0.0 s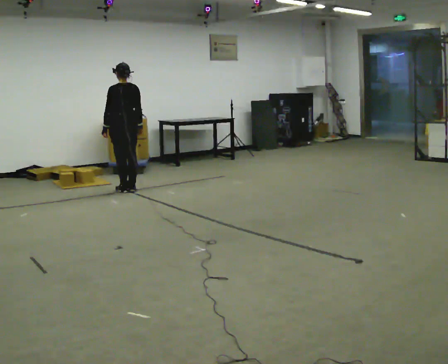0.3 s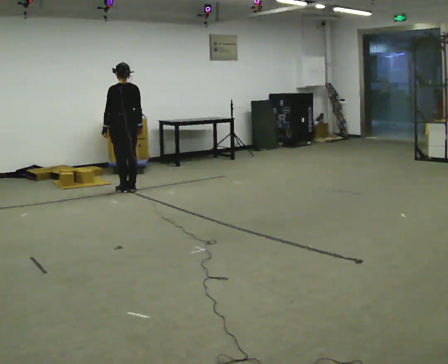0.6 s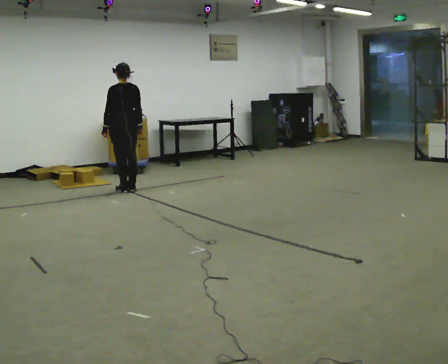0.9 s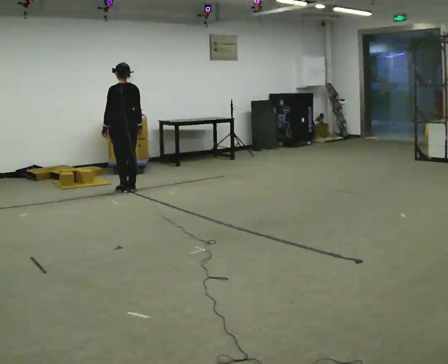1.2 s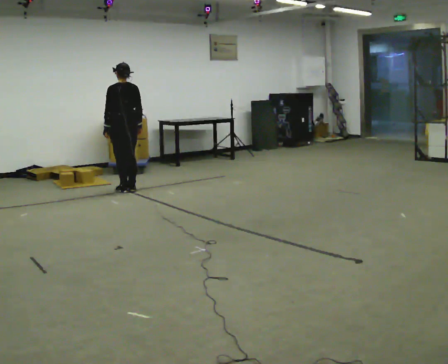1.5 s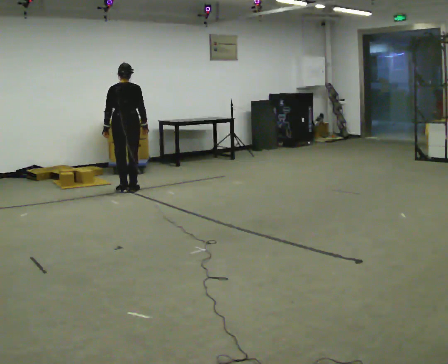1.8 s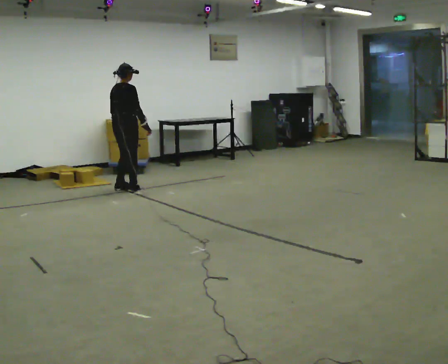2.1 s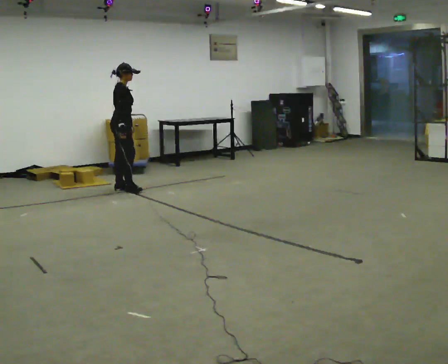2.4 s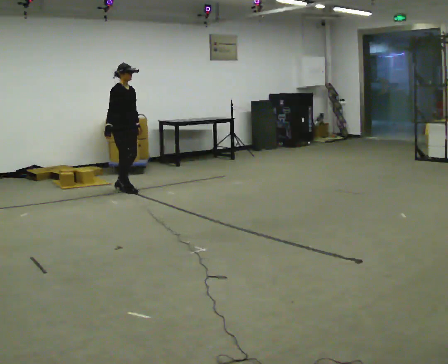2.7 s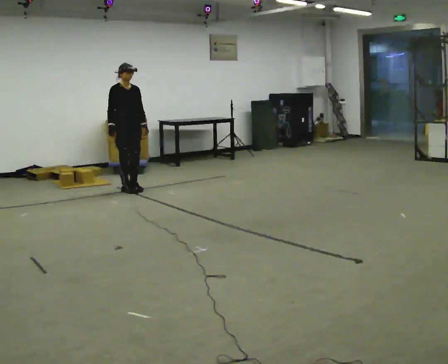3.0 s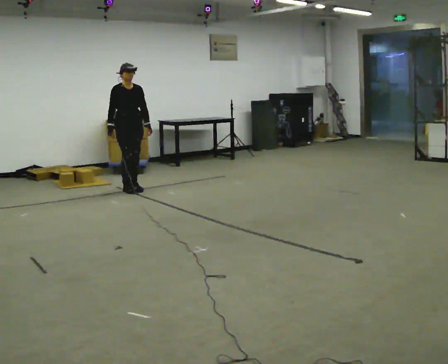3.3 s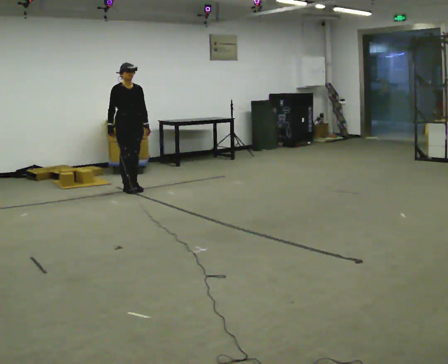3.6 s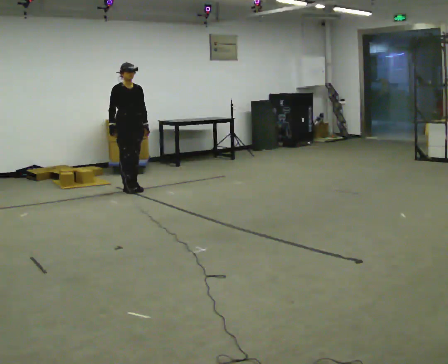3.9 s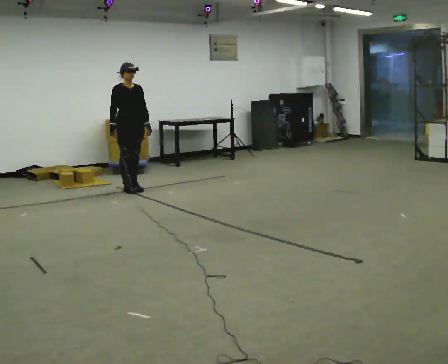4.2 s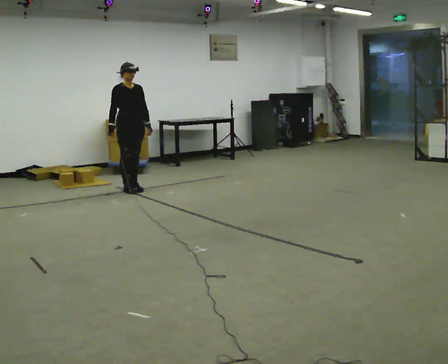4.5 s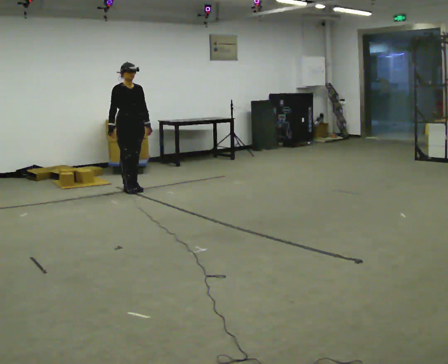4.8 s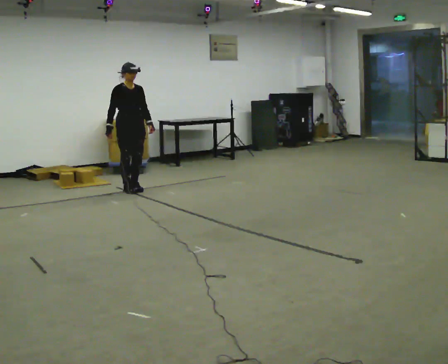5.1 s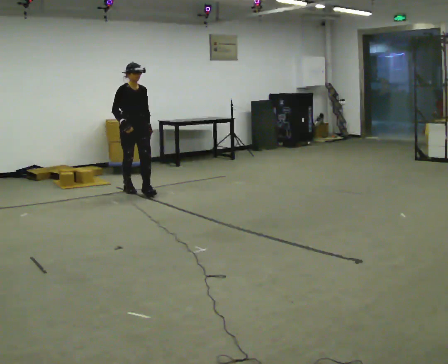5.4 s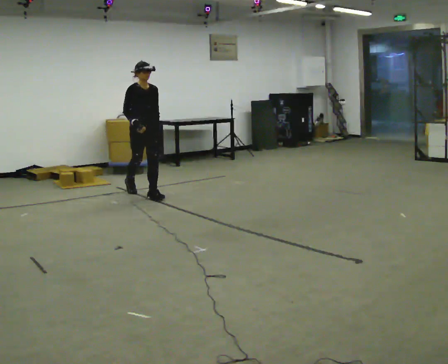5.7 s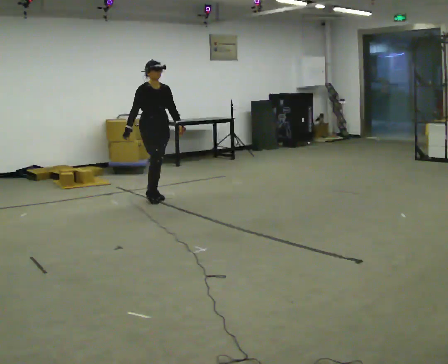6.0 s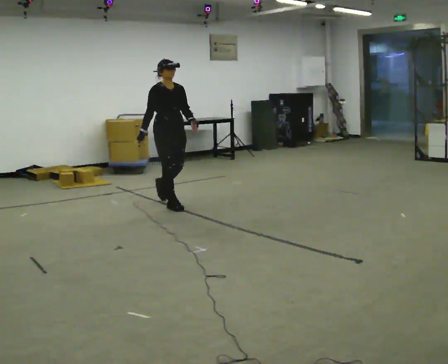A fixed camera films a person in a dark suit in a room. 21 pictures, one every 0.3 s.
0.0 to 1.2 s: The person moves a little, or ends about where they began.
1.2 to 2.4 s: The part of the body nearest the lens slides to the left as the person turns to their right by about 135 degrees. In the picture their right hand goes to the left, the arm swinging clockwise.
2.4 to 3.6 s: The person turns about 30 degrees to their right, clockwise seen from above, so the part of the body nearest the lens slides to the left.
3.6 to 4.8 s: The person moves a little, or ends about where they began.
4.8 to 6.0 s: In the picture they go toward the camera and to the right, about 1 m in 2 steps, which for them is forward.
The film runs forward here.
